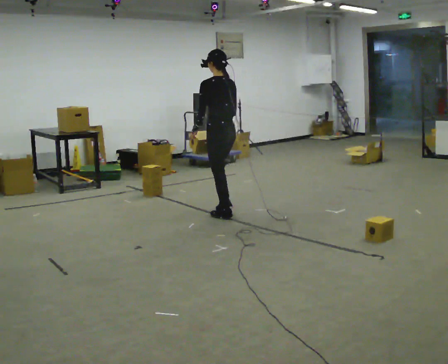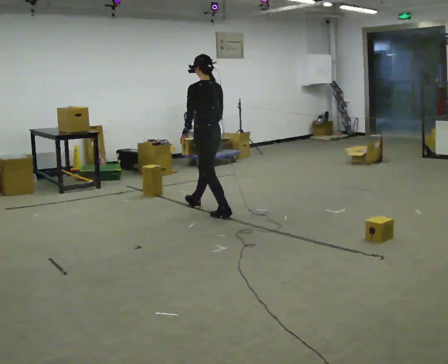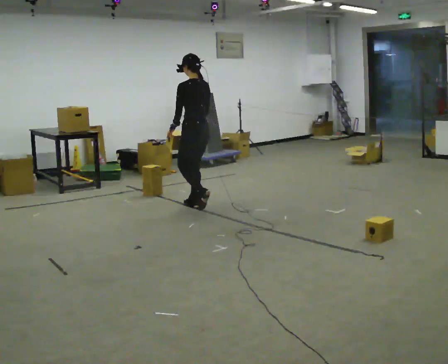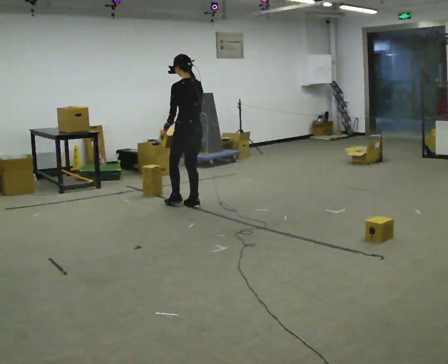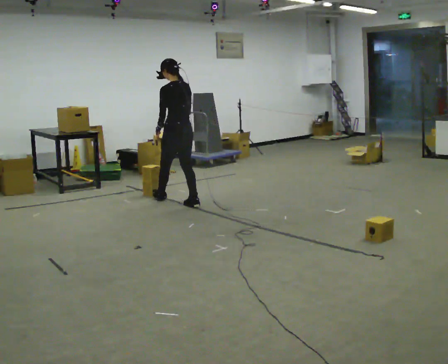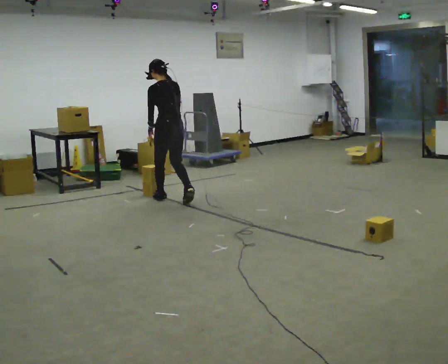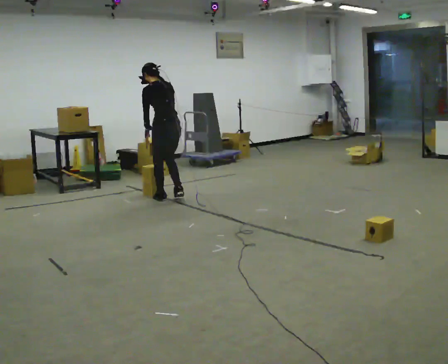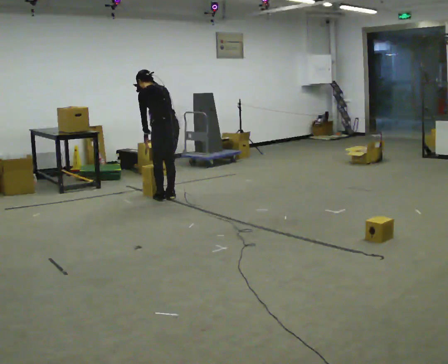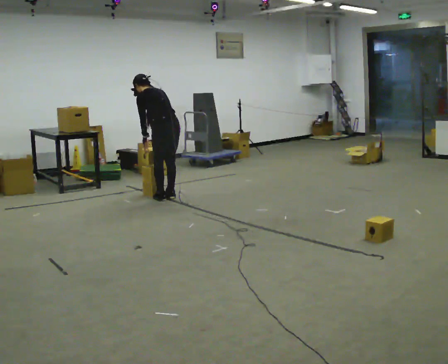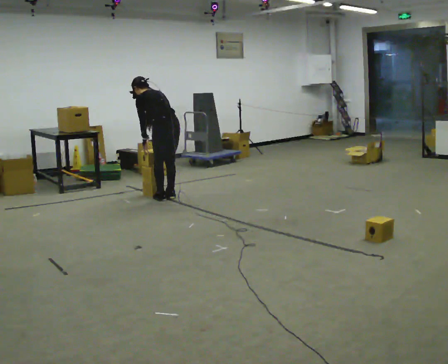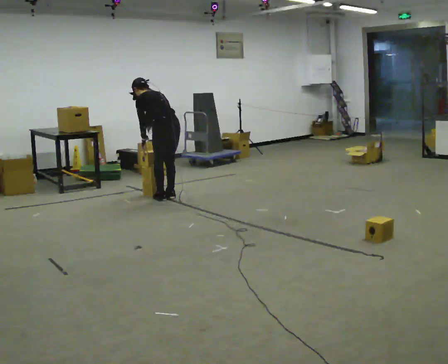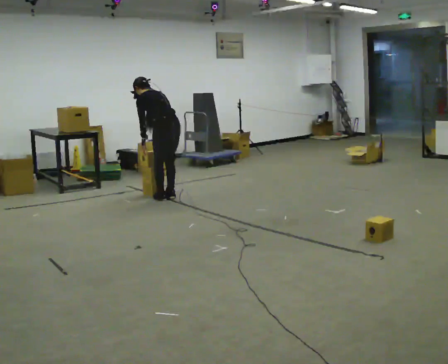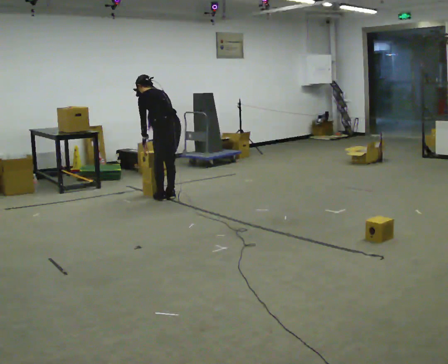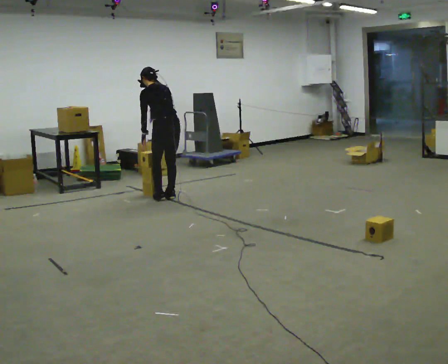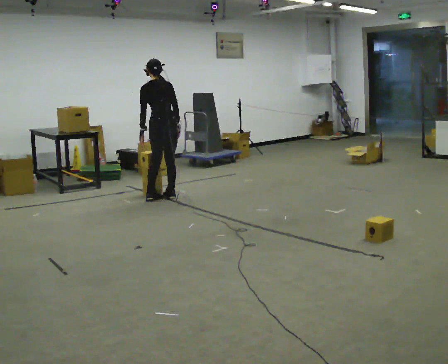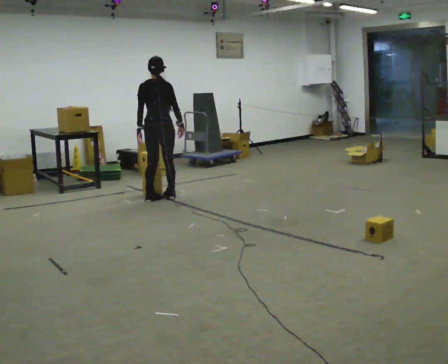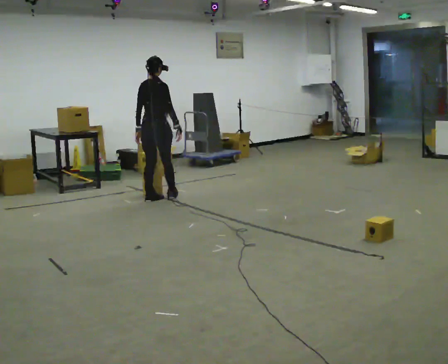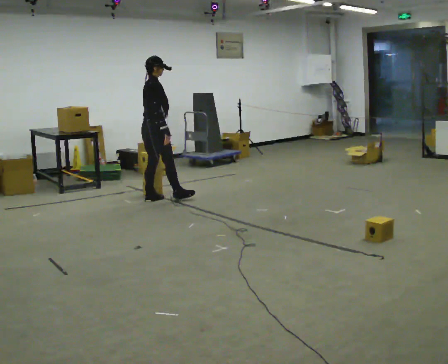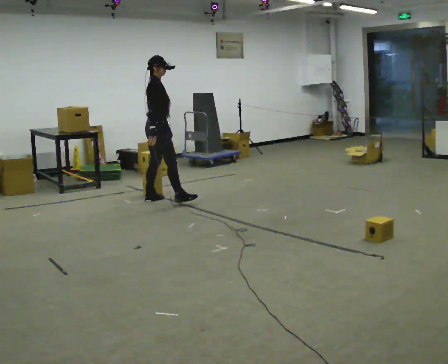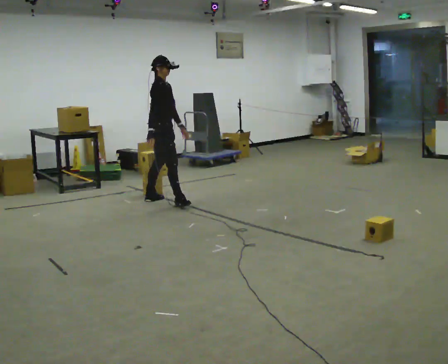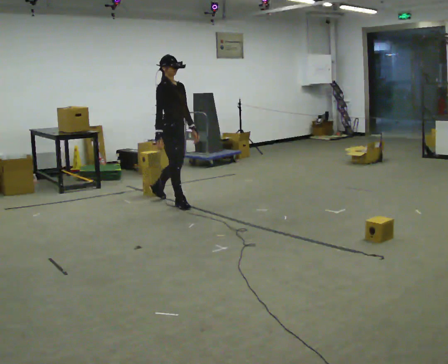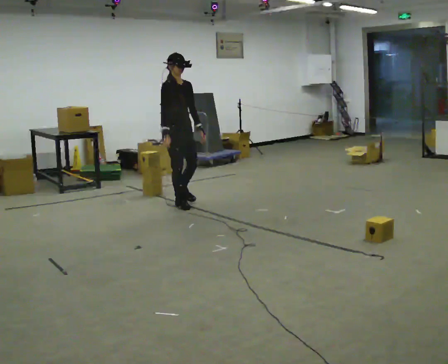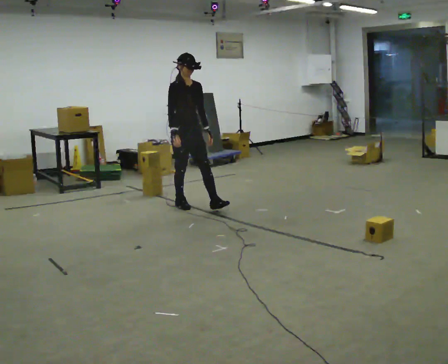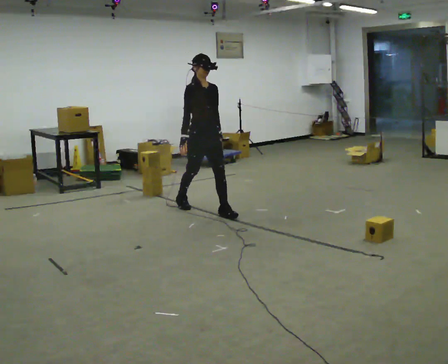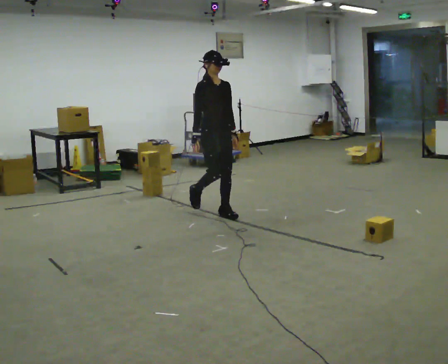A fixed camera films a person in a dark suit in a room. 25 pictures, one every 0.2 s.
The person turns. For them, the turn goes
to their right.
The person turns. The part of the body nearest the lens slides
to the left.
0.0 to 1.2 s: In the picture they go away from the camera and to the left, about 1 m in 2 steps, which for them is forward.
1.2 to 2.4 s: The upper body tips away from the camera, its near side rolling upward, as they bend forward.
2.4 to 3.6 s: The part of the body nearest the lens slides to the left as the person turns to their right by about 120 degrees. The upper body tips toward the camera, its near side rolling downward, as they lean back or straighten.
3.6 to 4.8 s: The person turns about 60 degrees to their right, clockwise seen from above, so the part of the body nearest the lens slides to the left. In the picture they go toward the camera and to the right, about 1 m in 2 steps.
The film runs forward here.
